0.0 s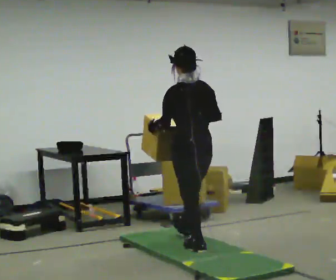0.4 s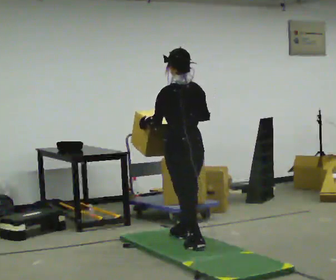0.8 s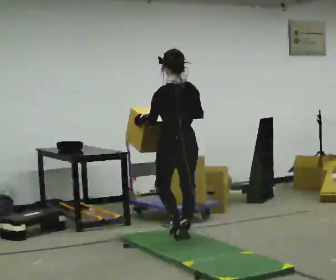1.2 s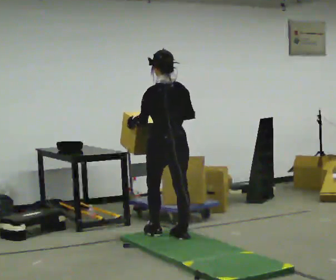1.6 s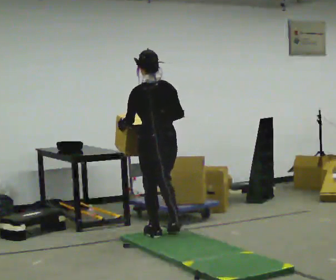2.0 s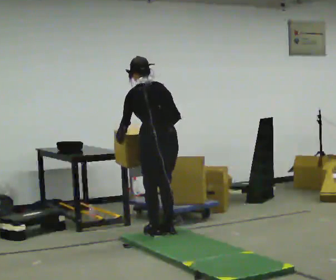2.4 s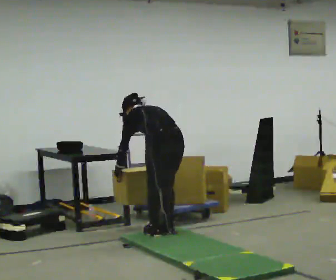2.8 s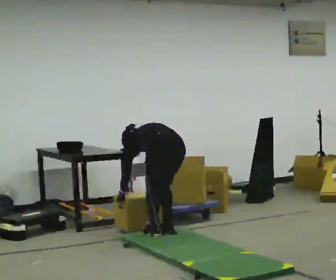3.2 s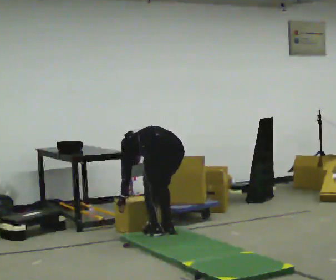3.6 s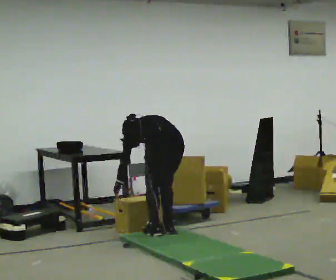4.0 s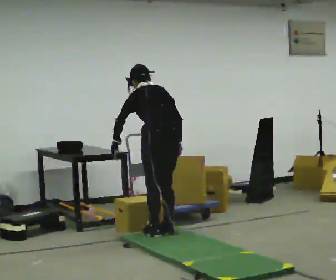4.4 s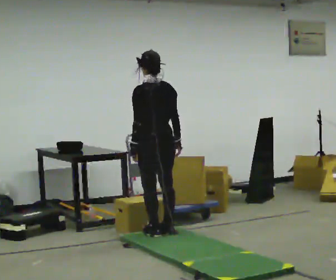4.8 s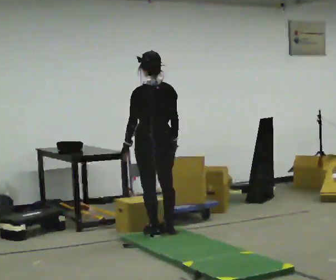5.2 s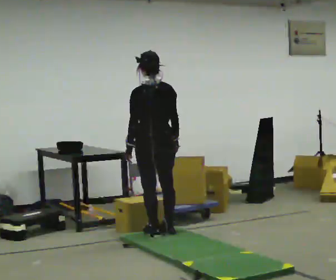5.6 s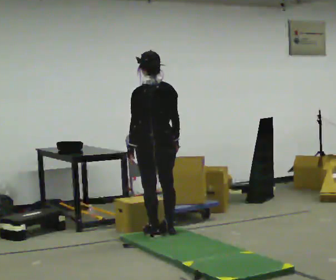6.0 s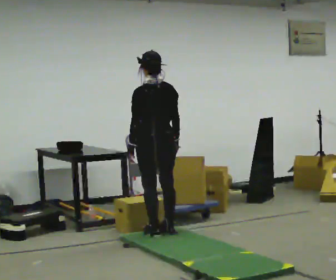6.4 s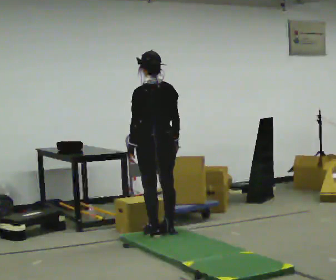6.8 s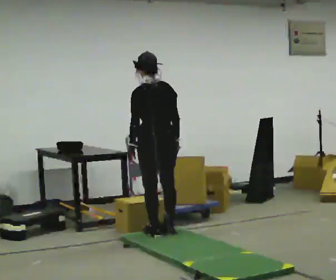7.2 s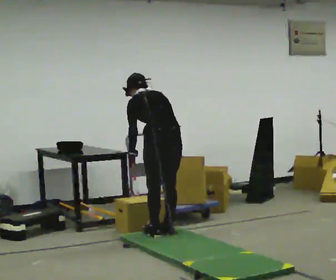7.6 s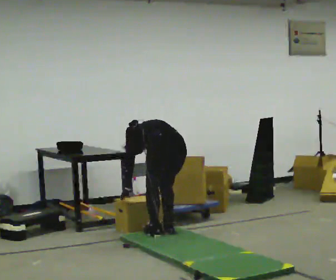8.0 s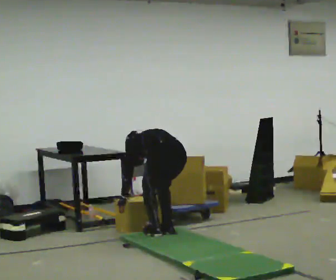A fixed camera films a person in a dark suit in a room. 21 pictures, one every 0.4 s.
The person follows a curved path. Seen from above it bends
clockwise.
0.0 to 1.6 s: In the picture they go away from the camera and to the left, about 0.5 m in 2 steps, which for them is forward.
1.6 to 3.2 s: The upper body goes downward. The upper body tips away from the camera, its near side rolling upward, as they bend forward. In the picture their right hand goes downward.
3.2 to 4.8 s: The shoulders move upward. The upper body tips toward the camera, its near side rolling downward, as they lean back or straighten. In the picture their right hand goes upward.
4.8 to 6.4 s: The person moves a little, or ends about where they began.
6.4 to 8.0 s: The upper body goes downward. The upper body tips away from the camera, its near side rolling upward, as they bend forward. In the picture their right hand goes downward.
The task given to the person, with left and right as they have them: Carry the box across the soft uneven mat, set it down on the far side, then bring it back. Keep going until the operator says stop; one object at a time, and do not rush between trips.
The film runs forward here.
